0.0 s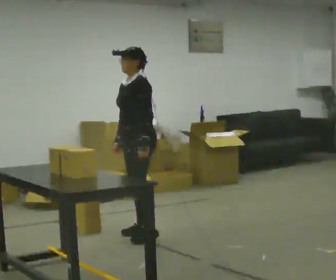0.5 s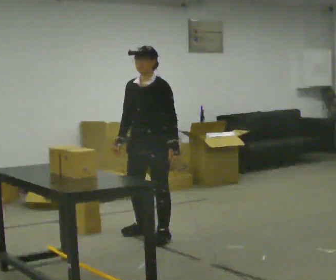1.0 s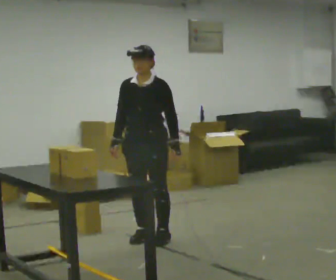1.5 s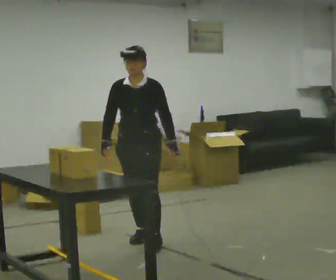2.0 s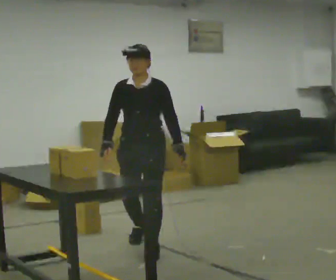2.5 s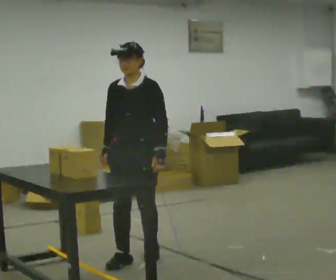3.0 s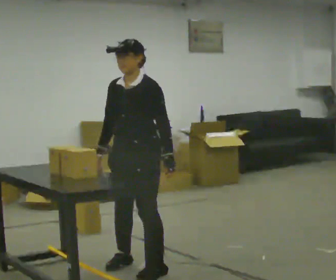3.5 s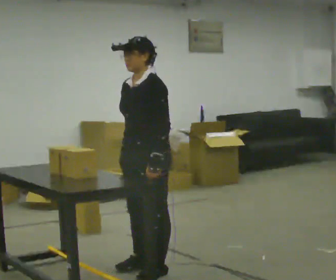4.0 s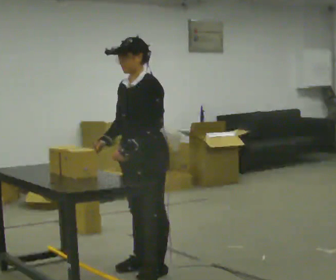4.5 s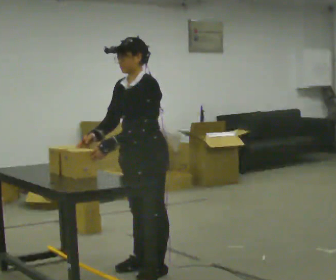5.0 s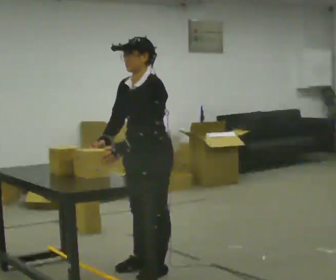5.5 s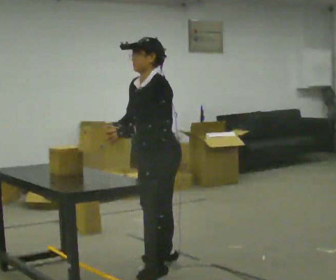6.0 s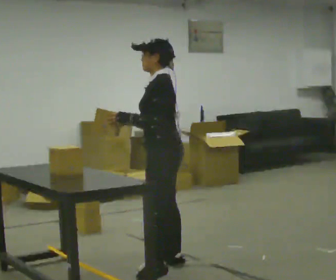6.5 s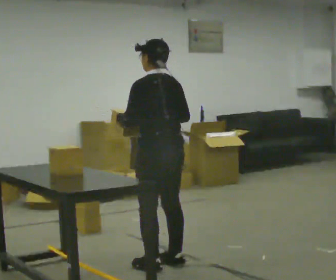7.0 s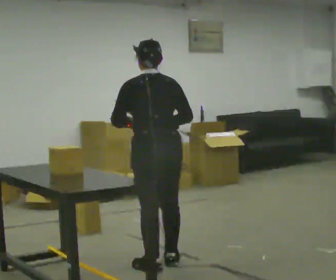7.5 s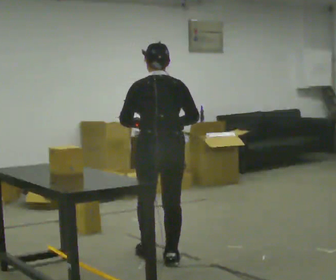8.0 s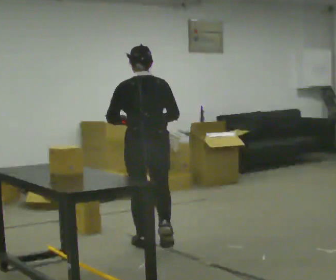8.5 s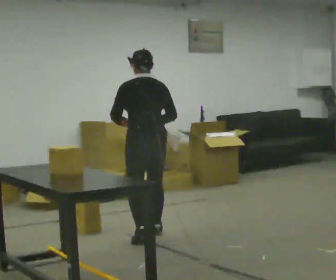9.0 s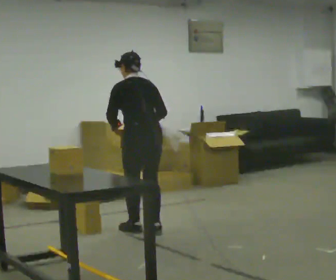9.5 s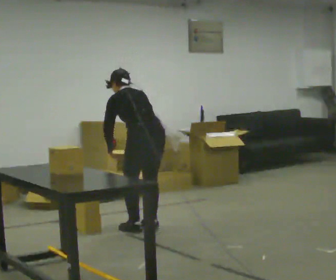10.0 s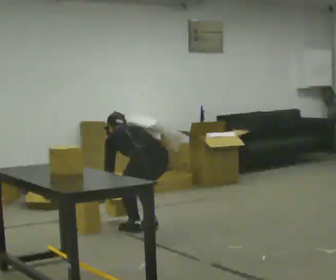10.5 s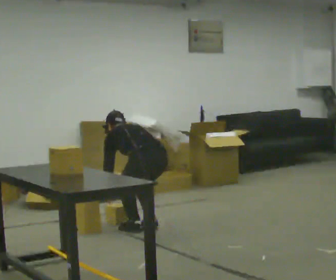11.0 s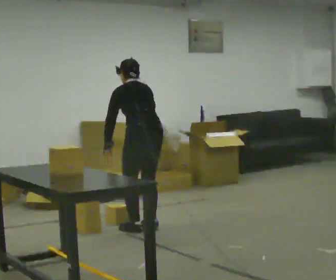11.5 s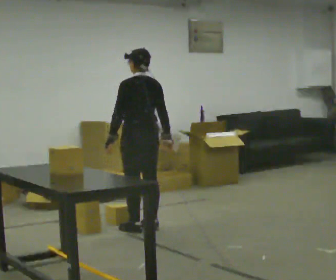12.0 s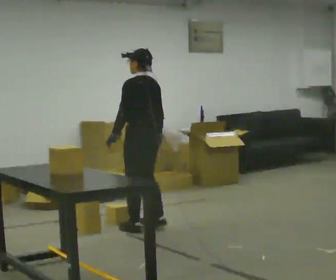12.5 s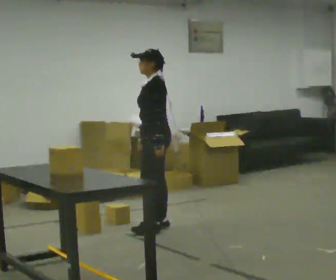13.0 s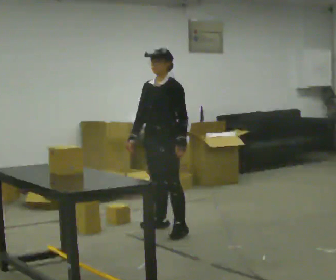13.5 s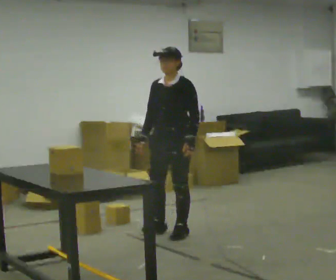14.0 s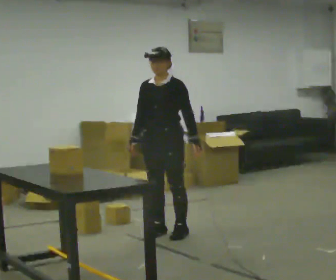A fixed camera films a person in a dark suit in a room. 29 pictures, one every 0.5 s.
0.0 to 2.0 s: The person turns about 45 degrees to their left, counterclockwise seen from above, so the part of the body nearest the lens slides to the right. In the picture they go toward the camera, about 0.5 m in 3 steps, which for them is forward and to their left.
2.0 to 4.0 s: Seen from above the body turns clockwise, about 45 degrees: to their right, with its near side sliding to the left. In the picture they go toward the camera, about 0.5 m in 3 steps, which for them is forward and to their left.
4.0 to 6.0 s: The person turns about 45 degrees to their right, clockwise seen from above, so the part of the body nearest the lens slides to the left.
6.0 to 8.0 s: Seen from above the body turns clockwise, about 75 degrees: to their right, with its near side sliding to the left. In the picture they go away from the camera, about 0.5 m in 1 step.
8.0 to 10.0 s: The part of the body nearest the lens slides to the right as the person turns to their left by about 30 degrees. In the picture they go away from the camera, about 0.5 m in 3 steps, which for them is forward and to their right. The shoulders move downward. The upper body tips away from the camera, its near side rolling upward, as they bend forward. In the picture their left hand goes downward.
10.0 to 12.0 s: The shoulders move upward. The upper body tips toward the camera, its near side rolling downward, as they lean back or straighten. In the picture their left hand goes upward.
12.0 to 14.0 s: Seen from above the body turns counterclockwise, about 105 degrees: to their left, with its near side sliding to the right. In the picture they go toward the camera and to the right, about 0.25 m in 2 steps.
The film runs forward here.
